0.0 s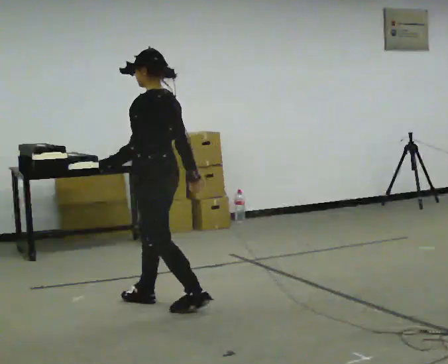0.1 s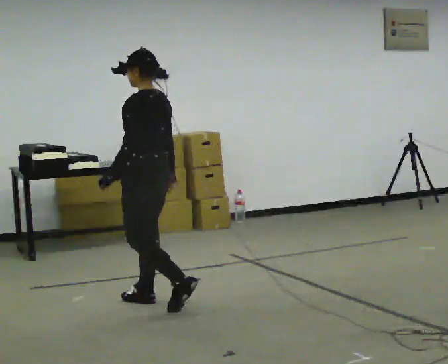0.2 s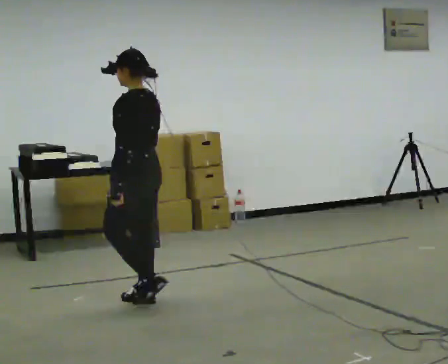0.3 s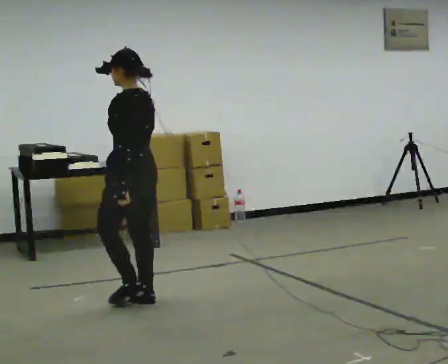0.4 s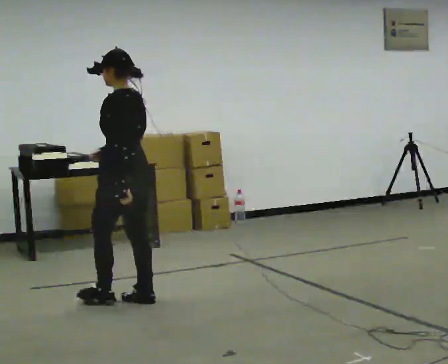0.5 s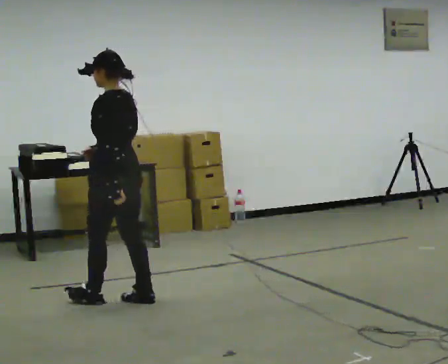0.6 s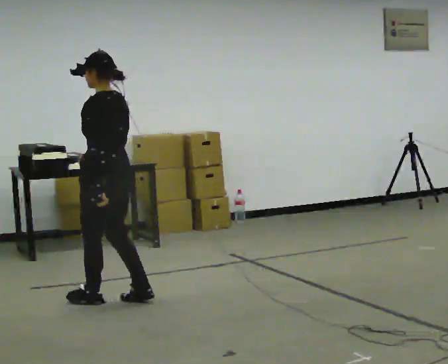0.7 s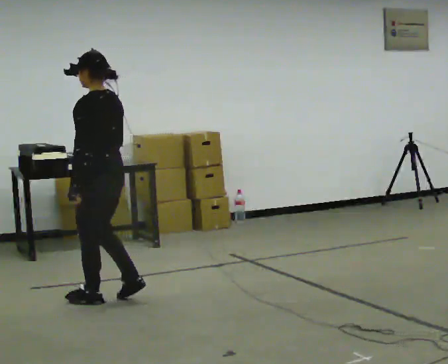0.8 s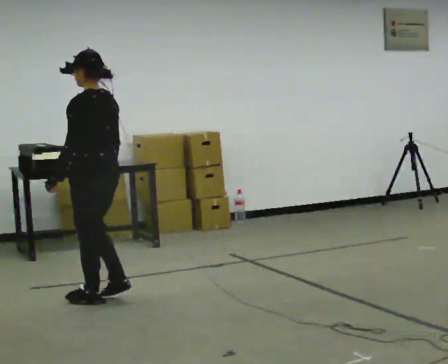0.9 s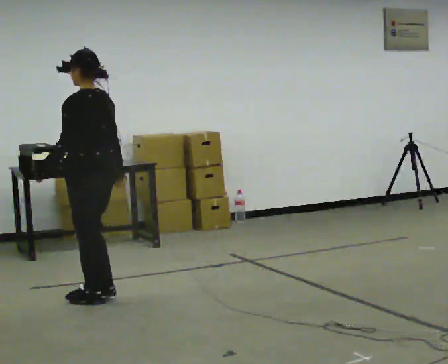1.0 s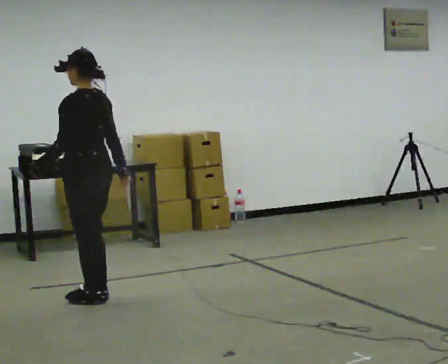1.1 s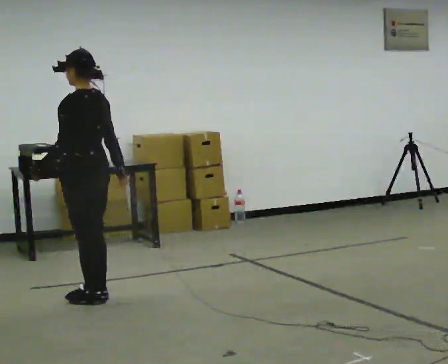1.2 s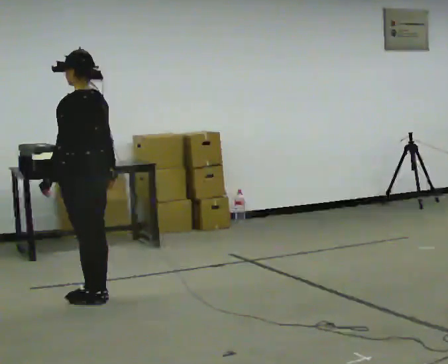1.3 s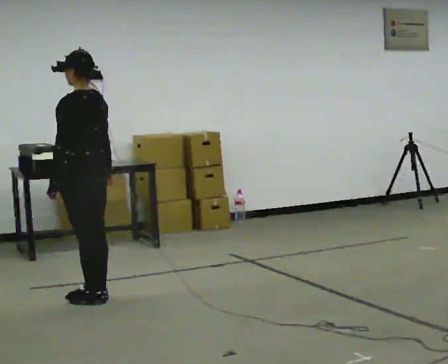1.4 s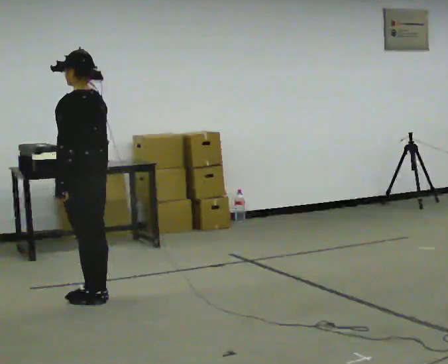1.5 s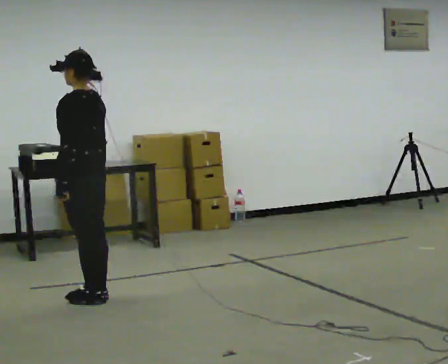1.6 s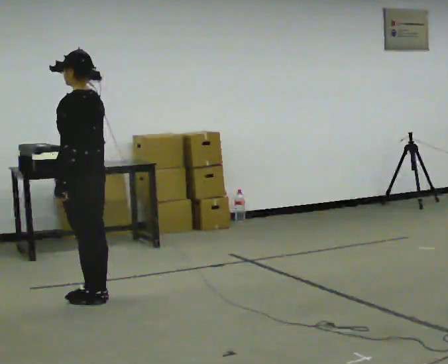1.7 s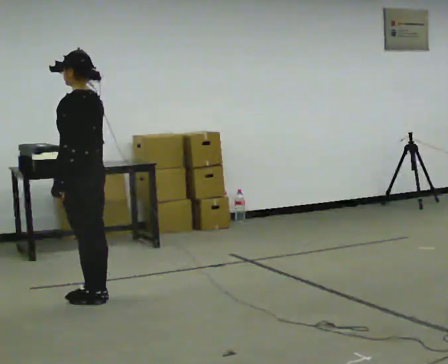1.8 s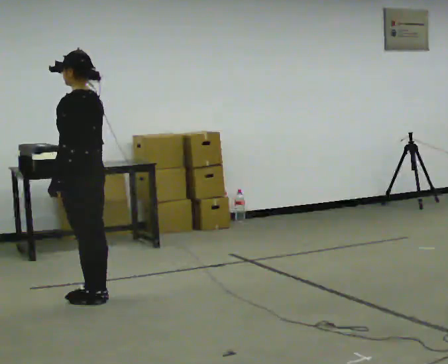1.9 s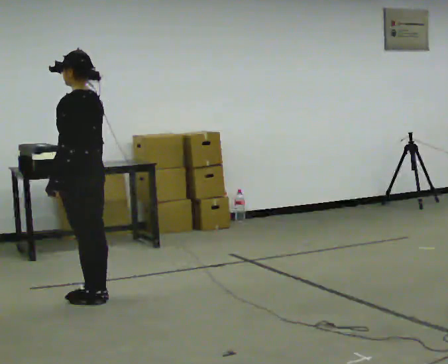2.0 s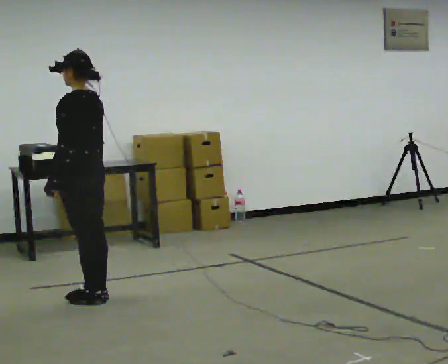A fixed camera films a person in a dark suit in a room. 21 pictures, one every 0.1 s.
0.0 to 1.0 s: In the picture they go to the left and away from the camera, about 0.5 m in 2 steps, which for them is forward.
1.0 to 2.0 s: The person moves a little, or ends about where they began.
The film runs forward here.
